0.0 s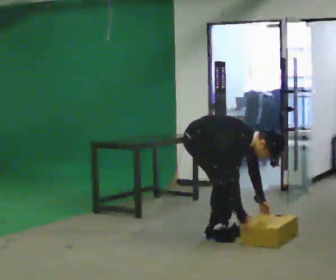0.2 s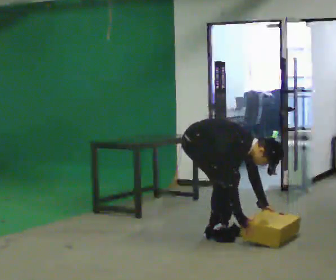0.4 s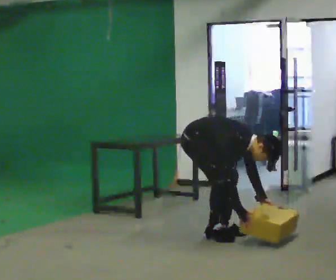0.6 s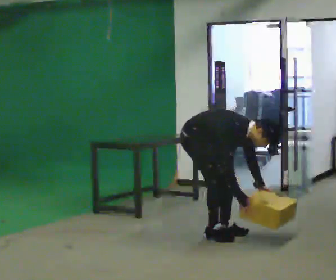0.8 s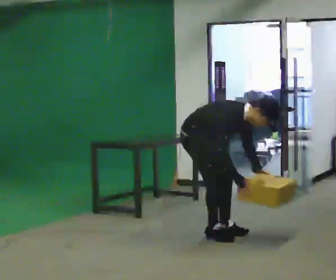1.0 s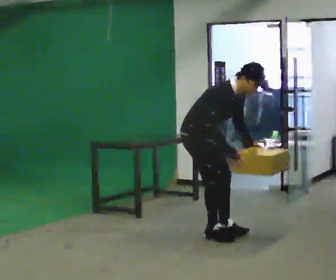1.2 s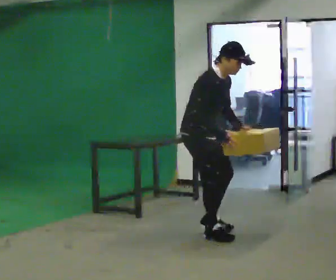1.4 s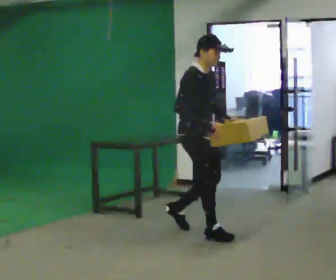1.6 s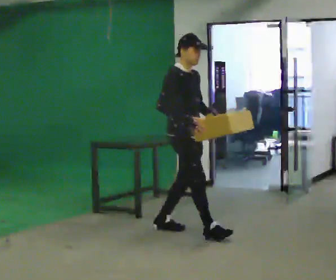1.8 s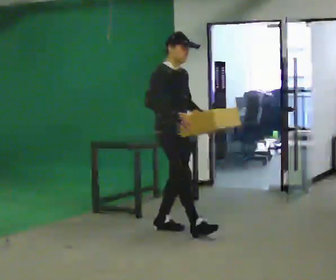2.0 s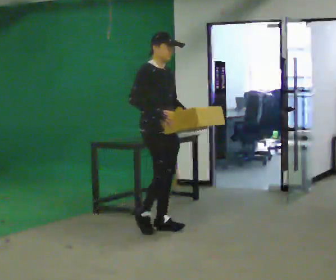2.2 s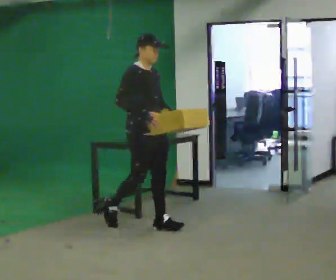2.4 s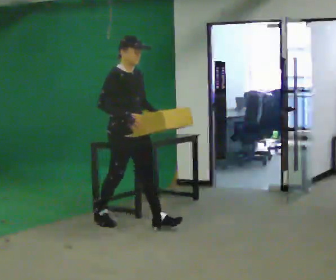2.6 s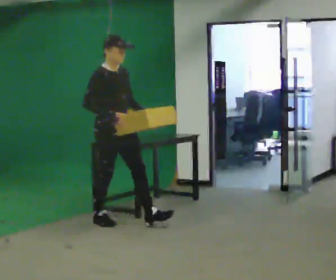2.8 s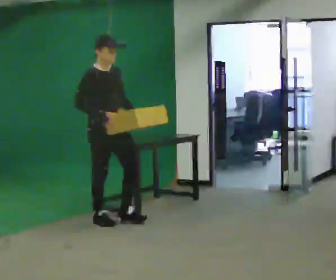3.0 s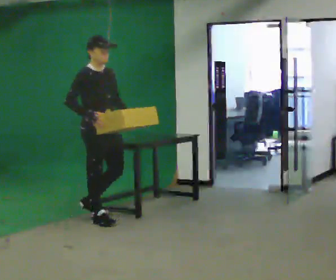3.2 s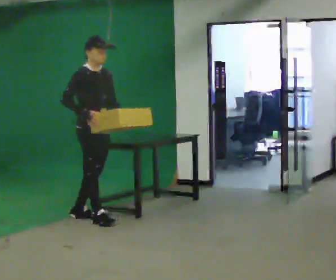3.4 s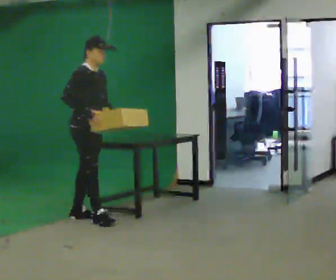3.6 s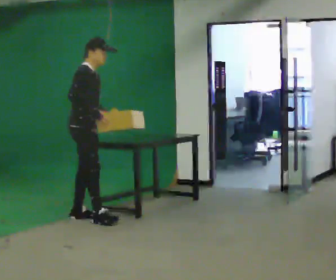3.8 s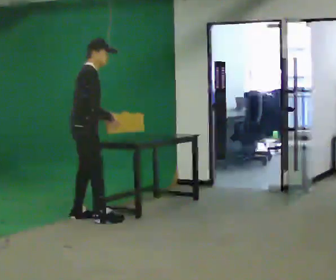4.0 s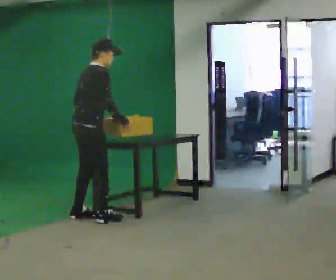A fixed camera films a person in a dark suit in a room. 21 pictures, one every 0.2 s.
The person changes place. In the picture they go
to the left.
The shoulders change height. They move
upward.
0.0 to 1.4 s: The upper body goes upward. In the picture the upper body tilts counterclockwise, shoulders to the left, as they lean back or straighten. In the picture their right hand goes upward.
1.4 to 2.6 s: In the picture they go to the left and away from the camera, about 1 m in 2 steps, which for them is backward.
2.6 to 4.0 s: Seen from above the body turns counterclockwise, about 60 degrees: to their left, with its near side sliding to the right. In the picture they go to the left and away from the camera, about 0.25 m.
The film runs backward here.
